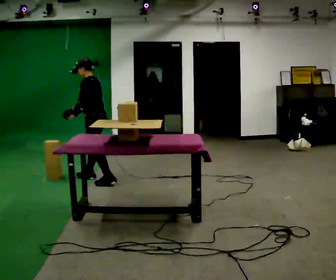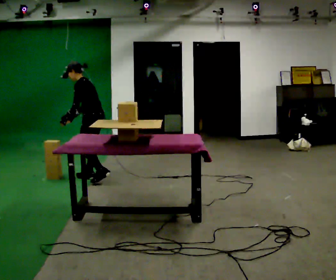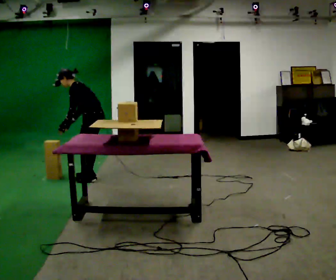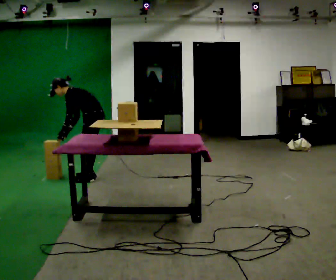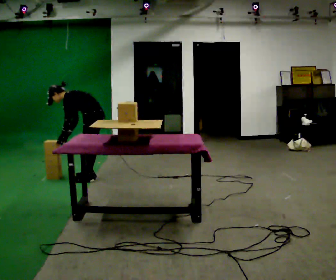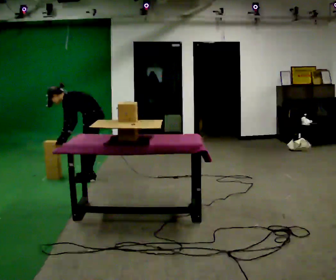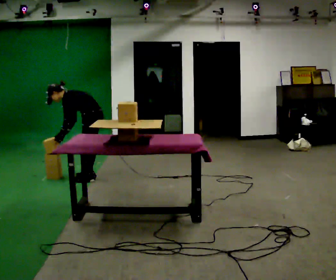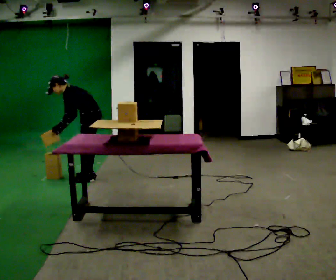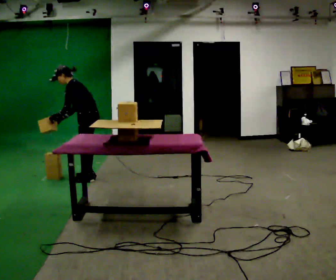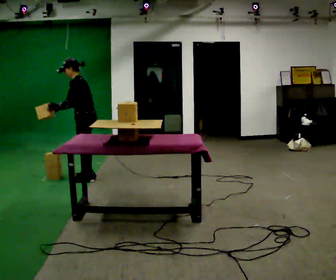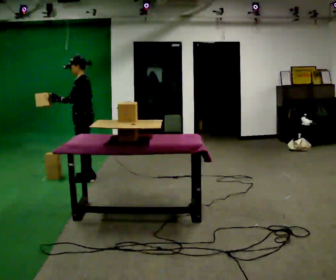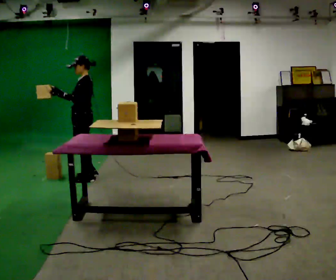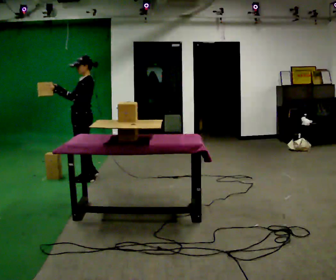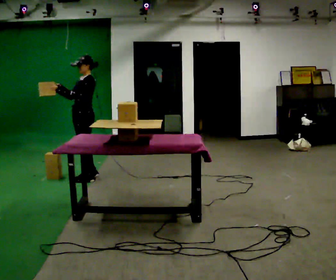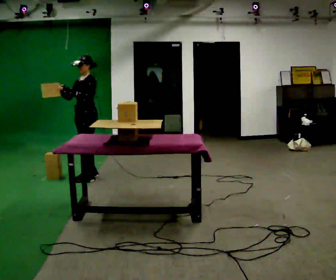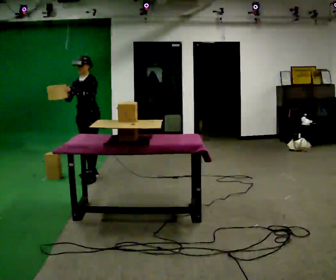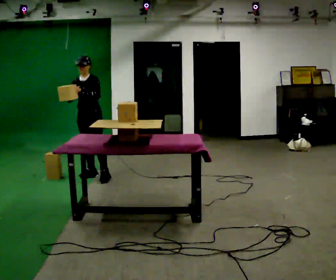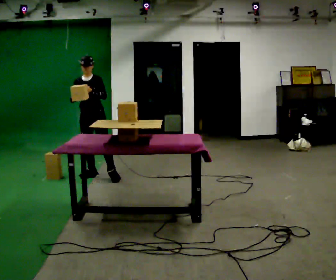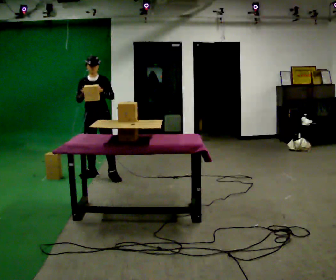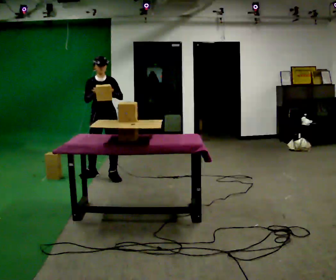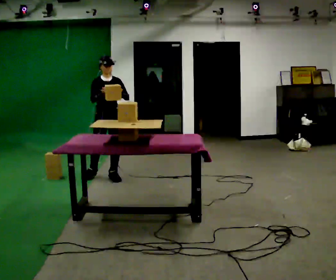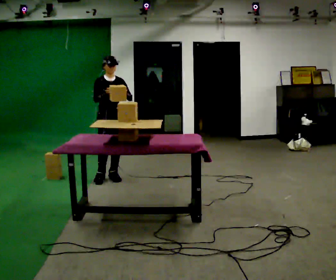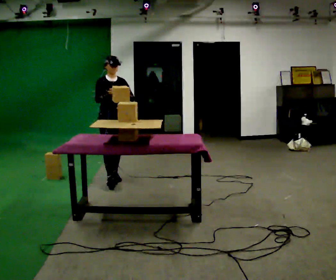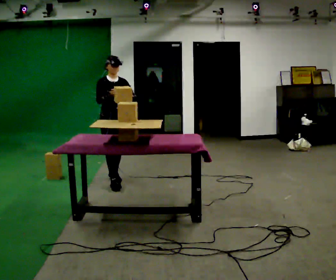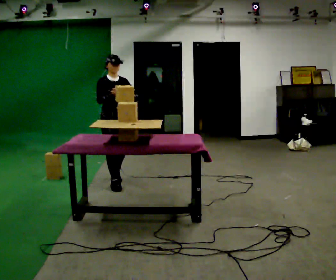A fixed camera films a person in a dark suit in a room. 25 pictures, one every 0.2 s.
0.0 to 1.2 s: The shoulders move downward. In the picture the upper body tilts counterclockwise, shoulders to the left, as they bend forward.
1.2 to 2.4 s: The upper body goes upward. In the picture the upper body tilts clockwise, shoulders to the right, as they lean back or straighten. In the picture their right hand goes upward, the arm swinging clockwise.
2.4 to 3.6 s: Seen from above the body turns counterclockwise, about 75 degrees: to their left, with its near side sliding to the right. In the picture they go to the right, about 0.25 m in 1 step. In the picture their left hand goes to the right.
3.6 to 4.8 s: The part of the body nearest the lens slides to the right as the person turns to their left by about 30 degrees. In the picture they go toward the camera, about 0.5 m in 1 step, which for them is forward.
The film runs forward here.
